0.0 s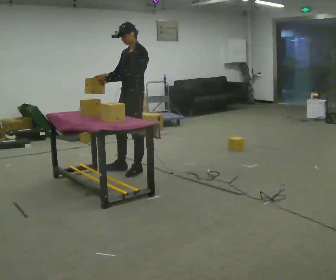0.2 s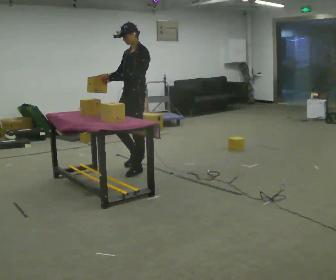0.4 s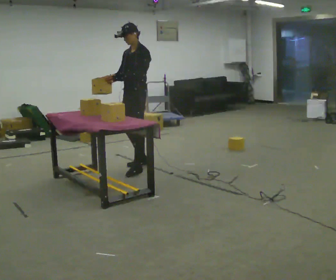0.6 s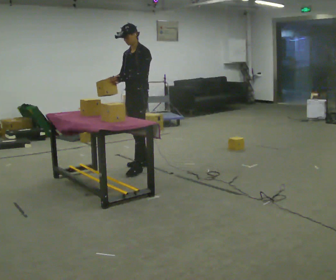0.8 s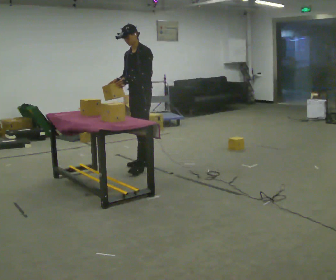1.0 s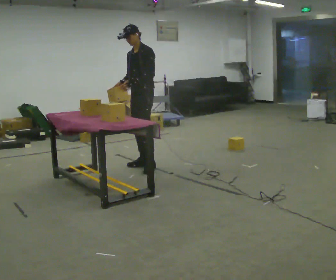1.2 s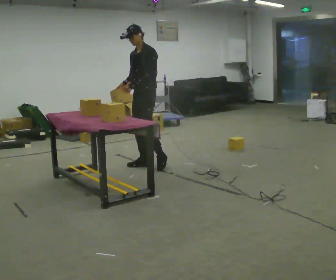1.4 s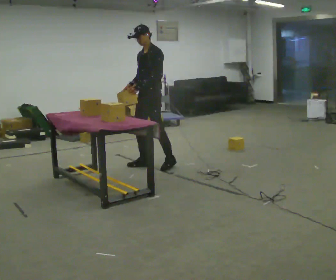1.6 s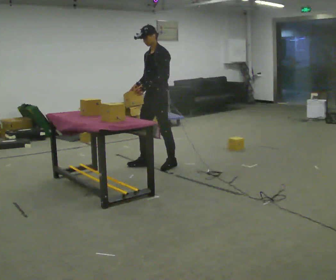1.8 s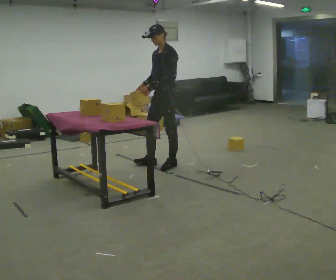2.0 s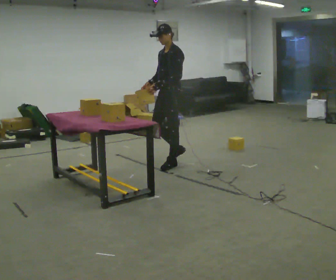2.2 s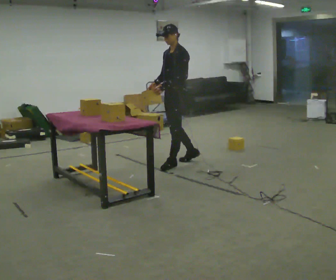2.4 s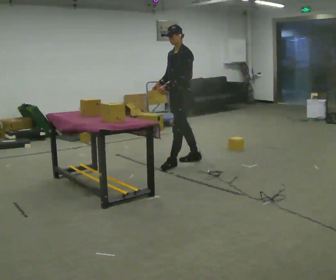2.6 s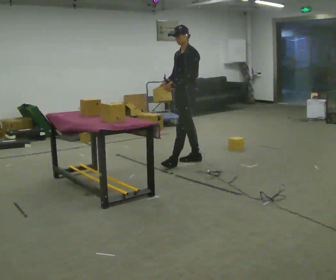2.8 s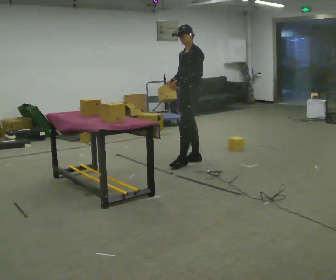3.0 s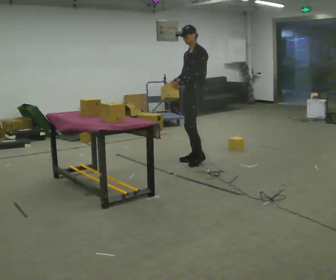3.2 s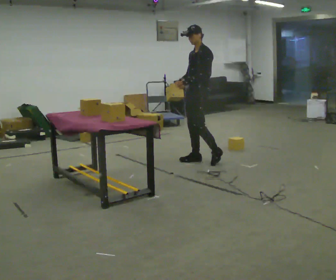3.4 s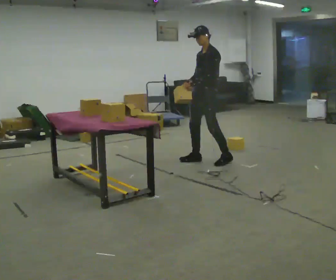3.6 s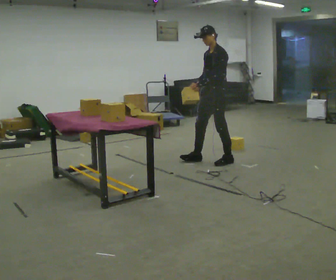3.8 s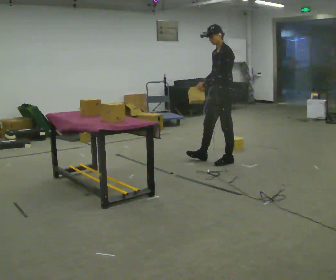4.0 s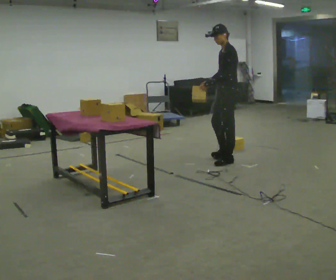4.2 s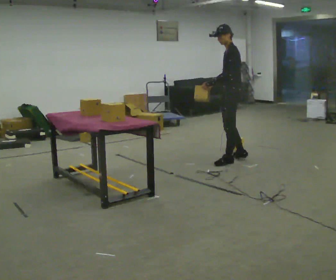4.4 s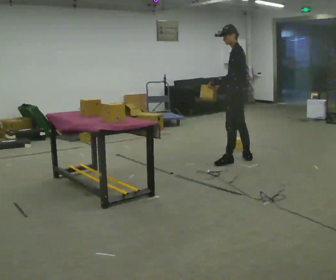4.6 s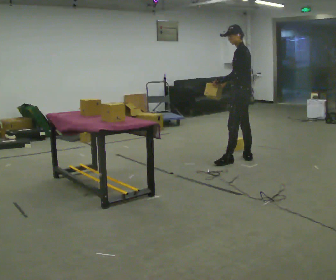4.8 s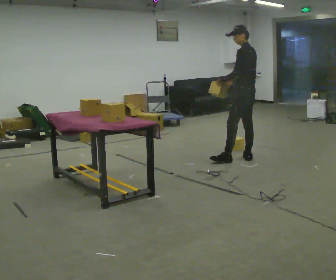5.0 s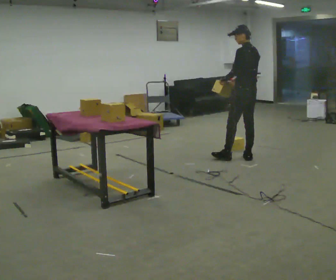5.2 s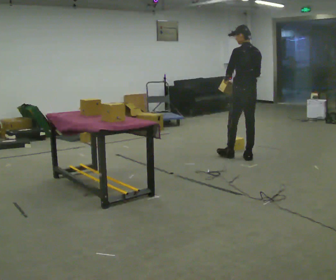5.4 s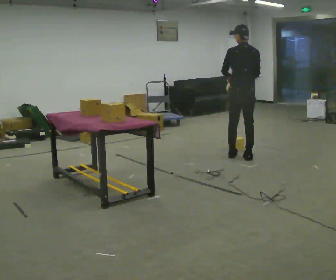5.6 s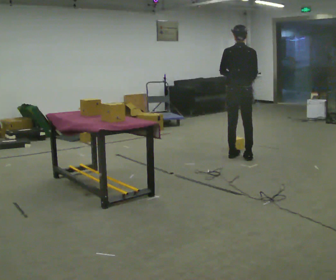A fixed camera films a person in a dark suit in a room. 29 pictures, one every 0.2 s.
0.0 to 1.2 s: In the picture they go away from the camera, about 0.25 m in 2 steps, which for them is backward and to their right.
1.2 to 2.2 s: In the picture they go to the right, about 0.25 m in 1 step, which for them is backward.
2.2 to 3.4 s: In the picture they go to the right, about 0.5 m in 1 step, which for them is backward.
3.4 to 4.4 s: The person turns about 45 degrees to their right, clockwise seen from above, so the part of the body nearest the lens slides to the left. In the picture they go to the right, about 0.25 m in 1 step, which for them is backward.
4.4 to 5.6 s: Seen from above the body turns clockwise, about 90 degrees: to their right, with its near side sliding to the left. In the picture they go away from the camera, about 0.25 m in 1 step.
The film runs backward here.
